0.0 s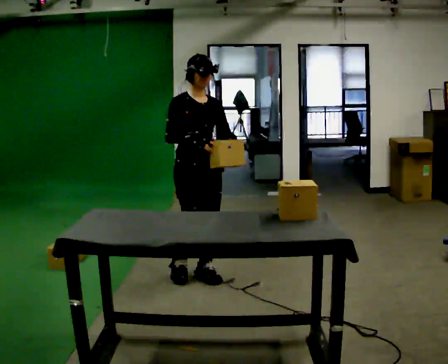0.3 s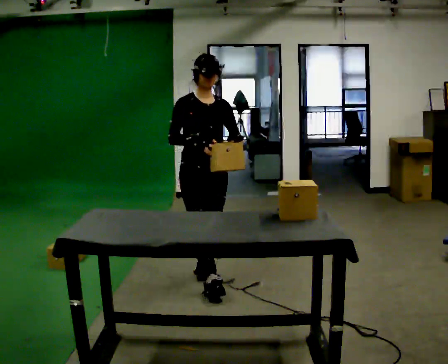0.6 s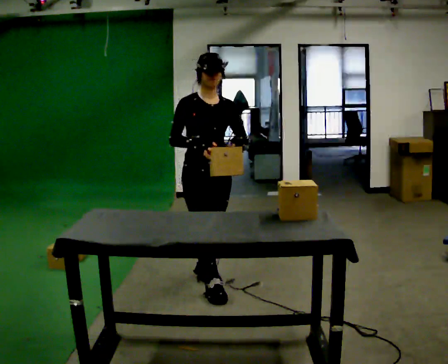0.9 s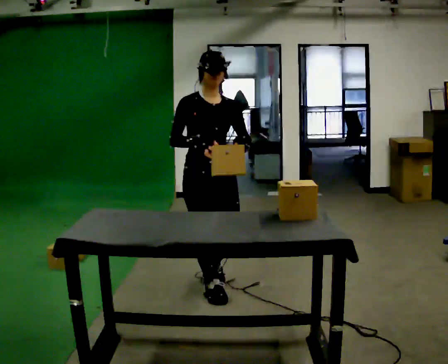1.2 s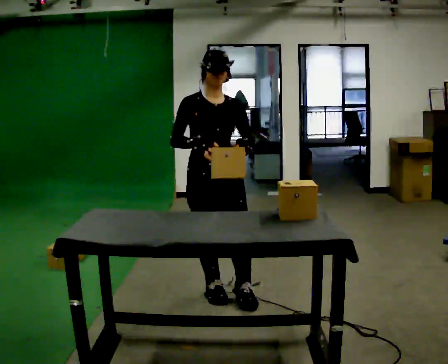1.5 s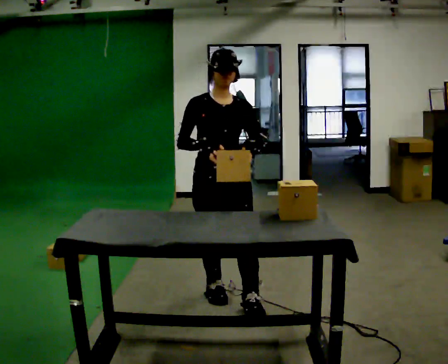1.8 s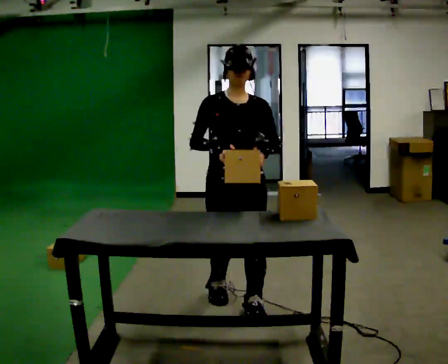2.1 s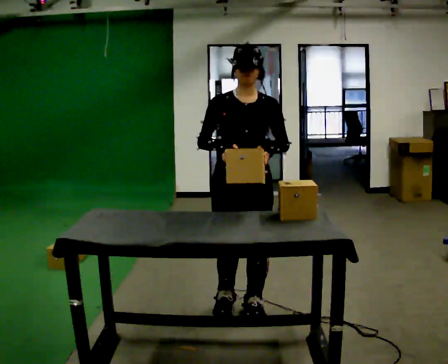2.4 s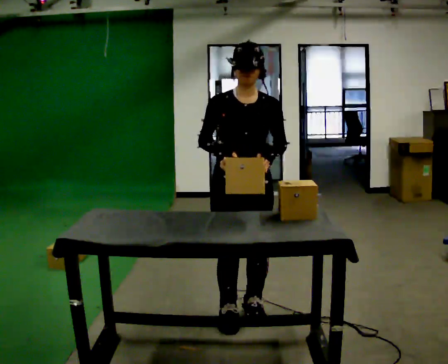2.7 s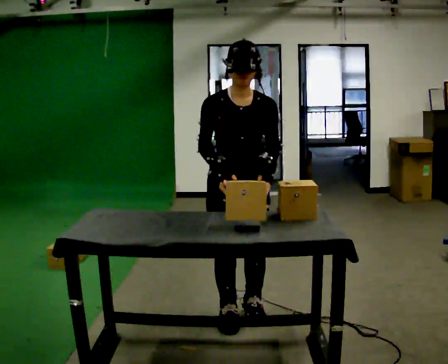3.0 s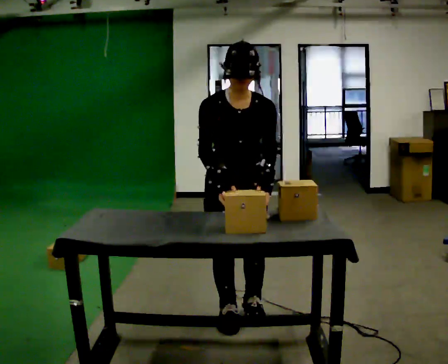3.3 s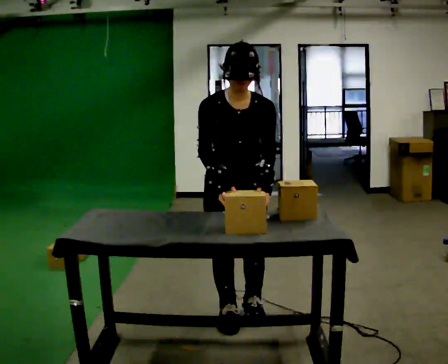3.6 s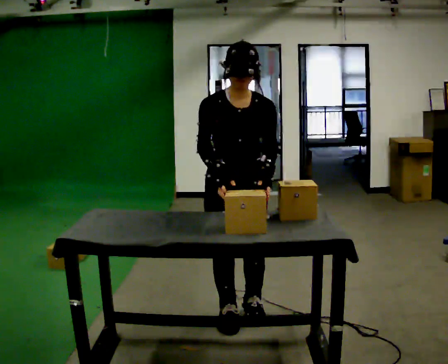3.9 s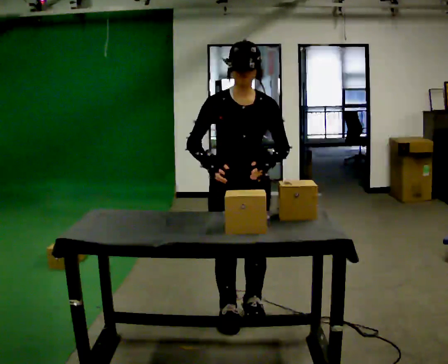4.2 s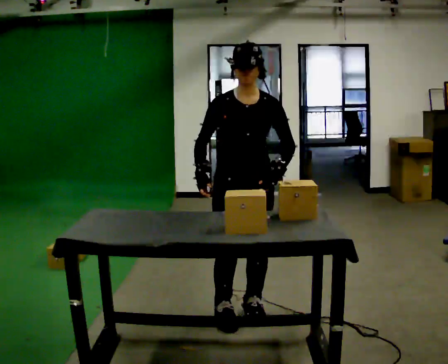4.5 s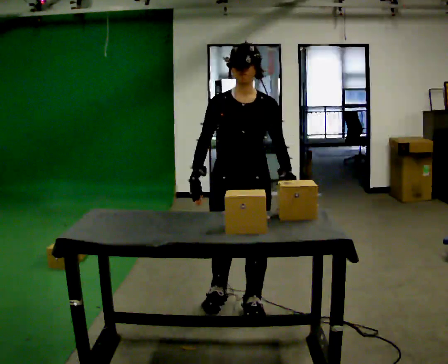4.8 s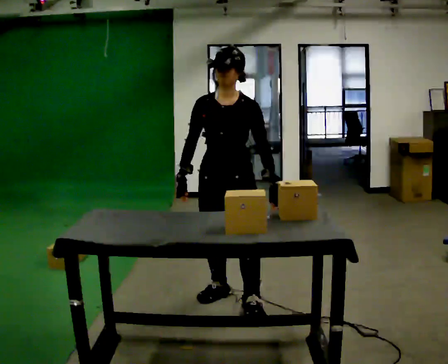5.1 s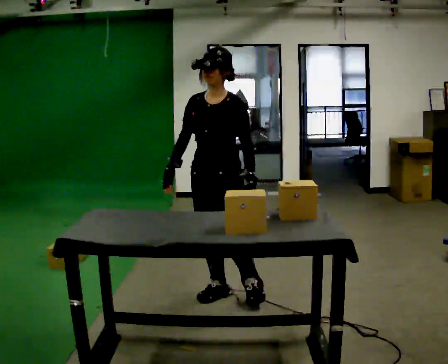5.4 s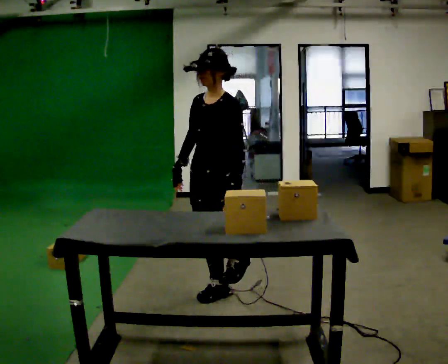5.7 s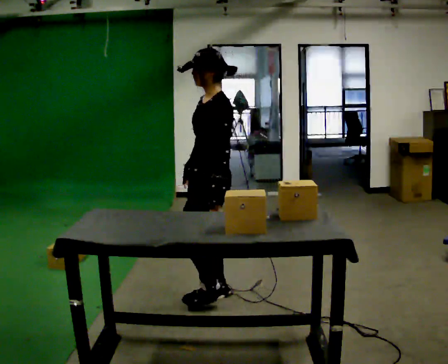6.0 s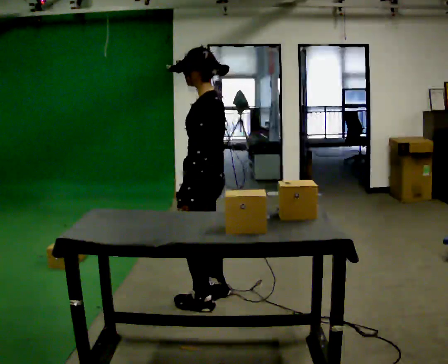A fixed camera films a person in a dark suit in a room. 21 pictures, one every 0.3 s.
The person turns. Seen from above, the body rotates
clockwise.
The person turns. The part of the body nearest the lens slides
to the left.
0.0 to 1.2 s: In the picture they go toward the camera and to the right, about 0.5 m in 1 step, which for them is forward.
1.2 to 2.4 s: In the picture they go toward the camera and to the right, about 0.25 m in 2 steps, which for them is forward.
2.4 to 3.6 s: The person moves a little, or ends about where they began.
3.6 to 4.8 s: In the picture they go away from the camera, about 0.25 m in 1 step, which for them is backward. In the picture their right hand goes to the left.
4.8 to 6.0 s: The part of the body nearest the lens slides to the left as the person turns to their right by about 75 degrees.
The film runs forward here.
